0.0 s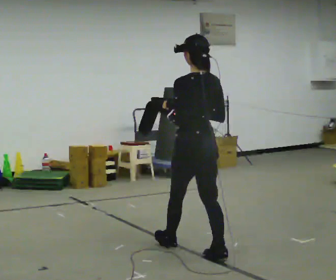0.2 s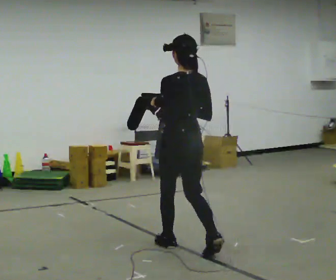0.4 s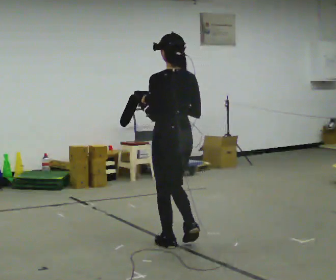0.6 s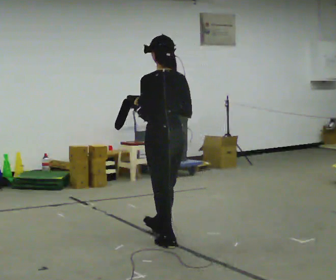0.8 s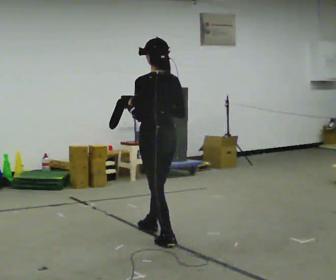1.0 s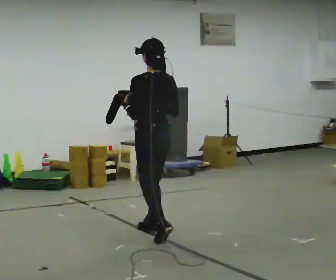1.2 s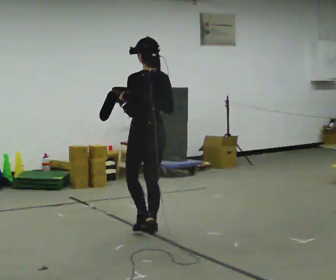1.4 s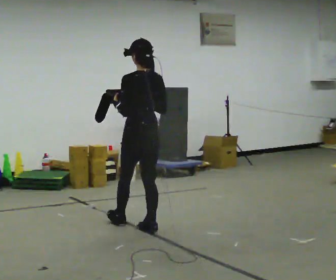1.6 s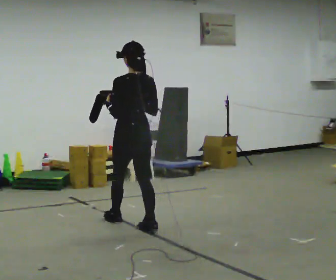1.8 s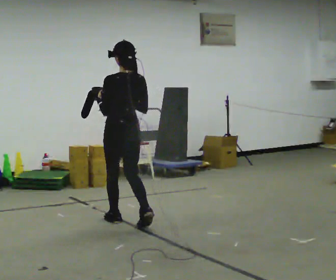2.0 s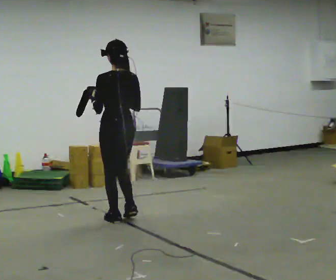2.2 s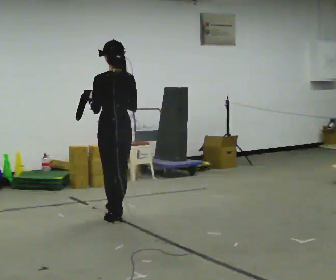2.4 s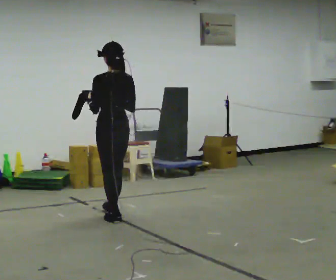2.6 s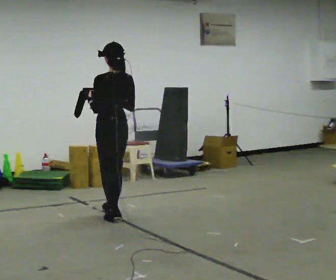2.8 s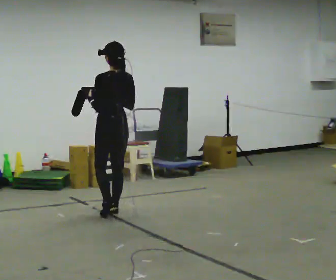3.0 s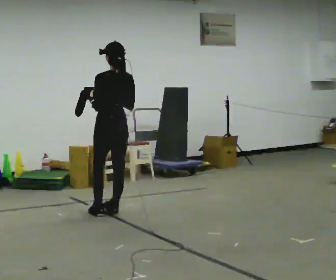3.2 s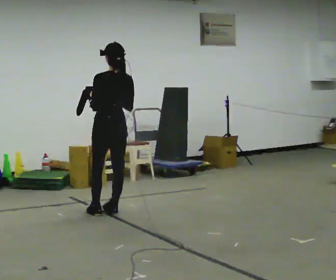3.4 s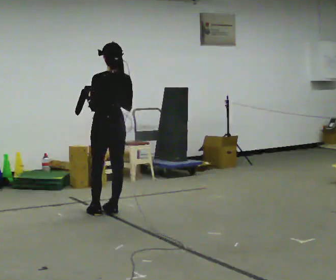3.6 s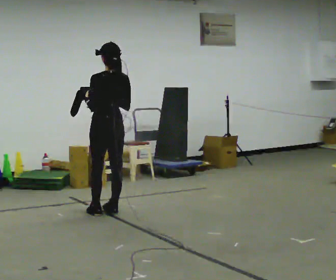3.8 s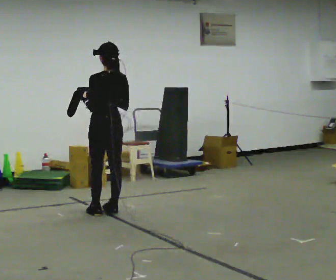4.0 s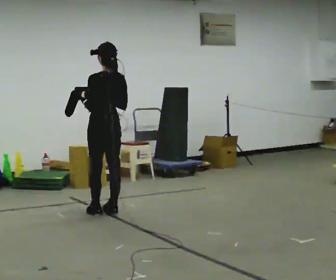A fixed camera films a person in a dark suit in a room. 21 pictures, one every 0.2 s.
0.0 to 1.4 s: In the picture they go away from the camera and to the left, about 1 m in 1 step, which for them is forward.
1.4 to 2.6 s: In the picture they go away from the camera and to the left, about 0.5 m in 2 steps, which for them is forward.
2.6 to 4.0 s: The person moves a little, or ends about where they began.
The film runs forward here.
